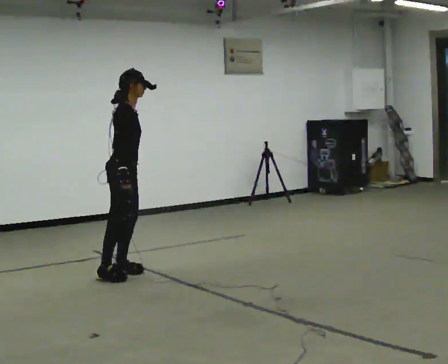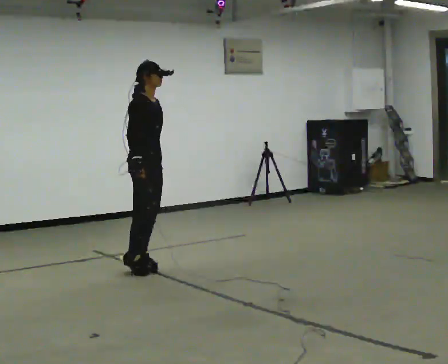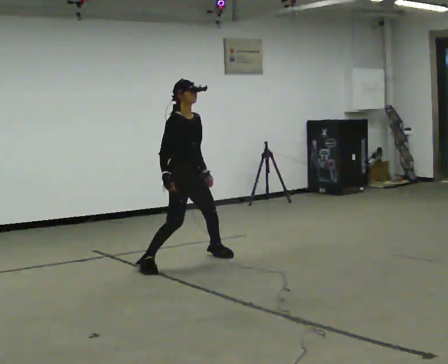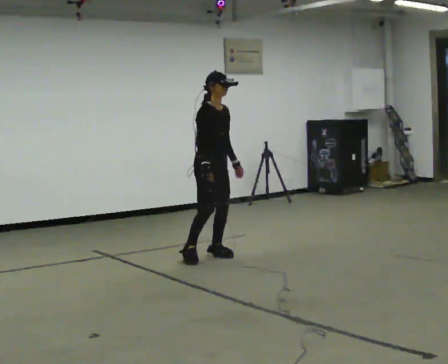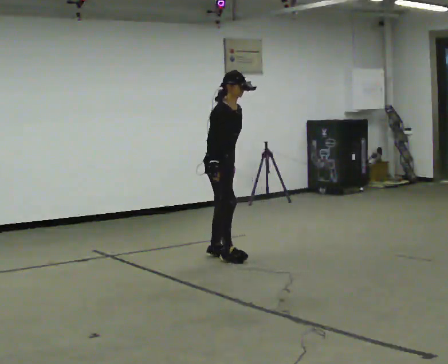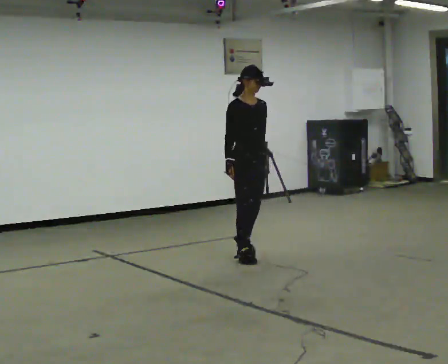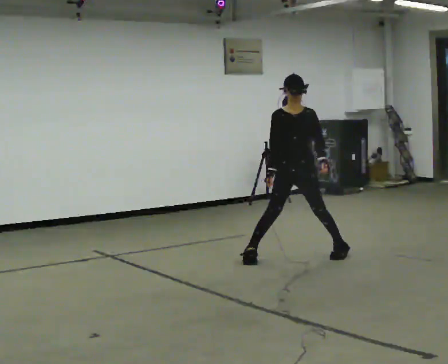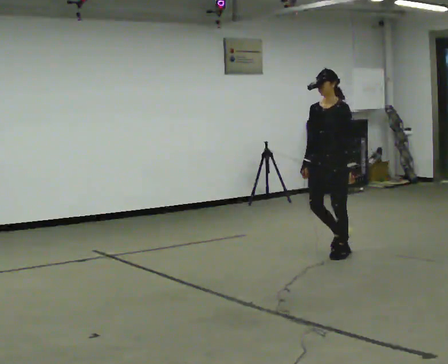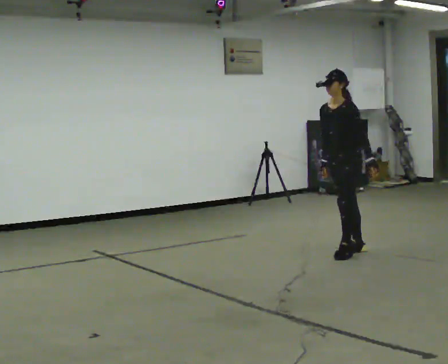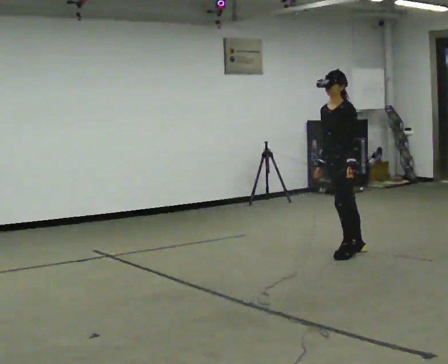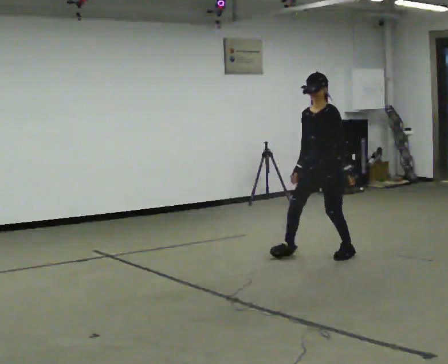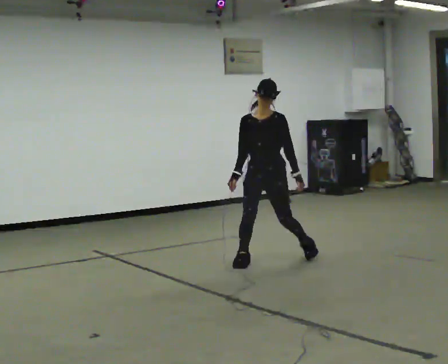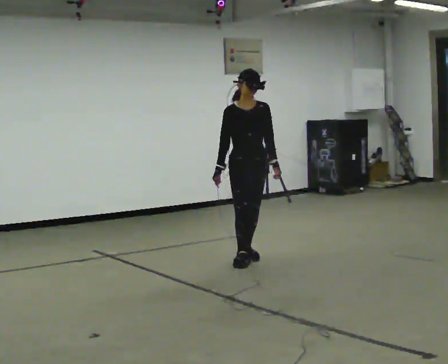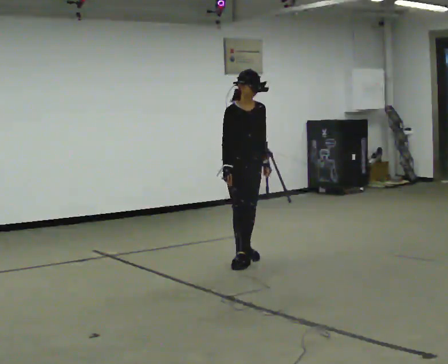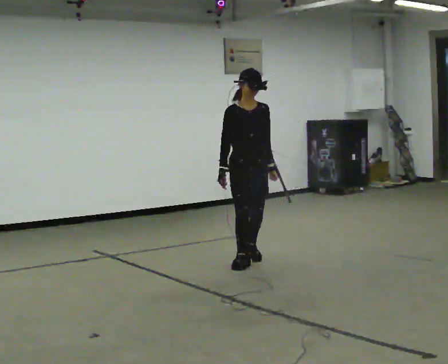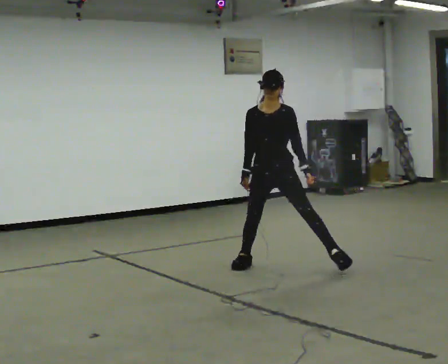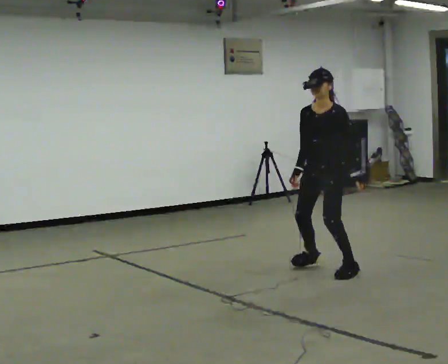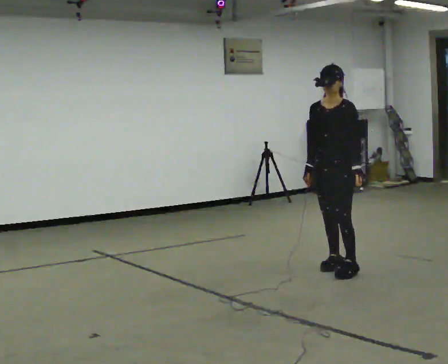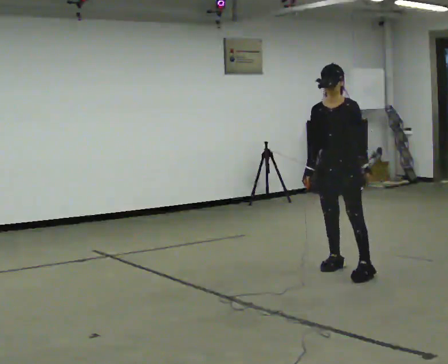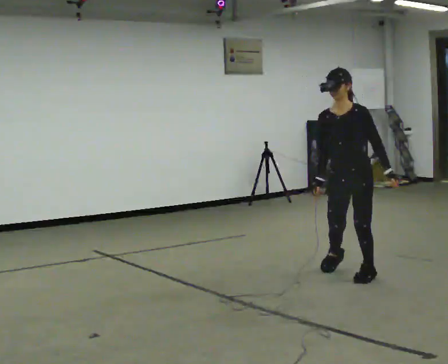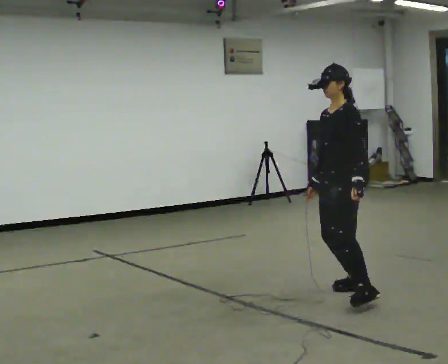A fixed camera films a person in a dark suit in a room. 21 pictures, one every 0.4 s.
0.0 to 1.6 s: Seen from above the body turns clockwise, about 30 degrees: to their right, with its near side sliding to the left. In the picture they go away from the camera and to the right, about 1 m in 3 steps, which for them is to their left.
1.6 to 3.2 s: The person turns about 120 degrees to their right, clockwise seen from above, so the part of the body nearest the lens slides to the left. In the picture they go to the right, about 1 m in 3 steps. In the picture the upper body tilts counterclockwise, shoulders to the left.
3.2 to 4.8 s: The part of the body nearest the lens slides to the right as the person turns to their left by about 75 degrees. In the picture they go to the left, about 1 m in 2 steps.
4.8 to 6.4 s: Seen from above the body turns clockwise, about 60 degrees: to their right, with its near side sliding to the left. In the picture they go to the right and toward the camera, about 1 m in 2 steps.
6.4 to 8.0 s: In the picture they go toward the camera, about 0.5 m in 3 steps, which for them is to their left and forward.
The film runs backward here.
